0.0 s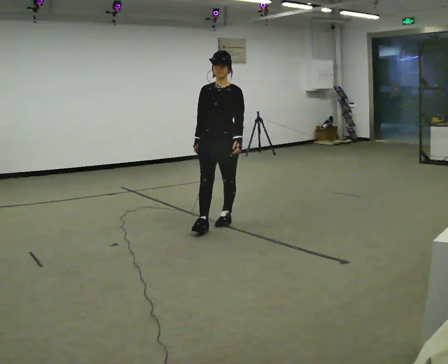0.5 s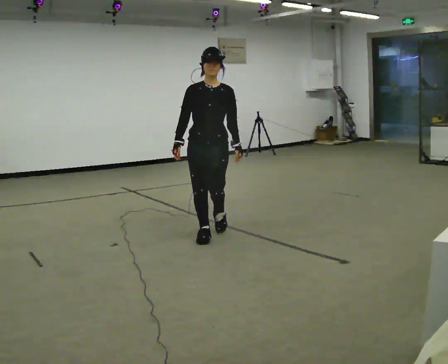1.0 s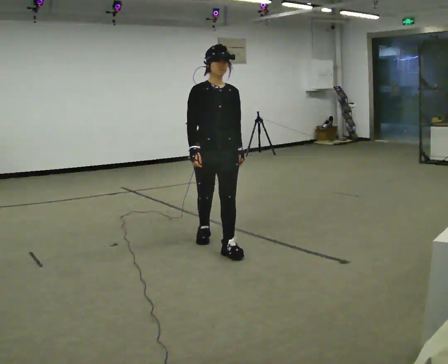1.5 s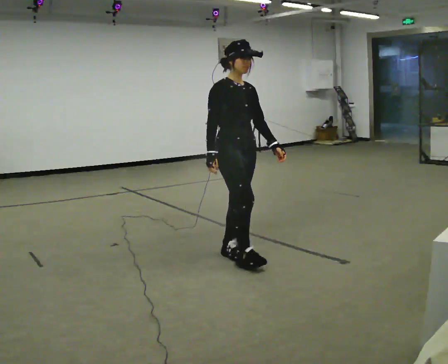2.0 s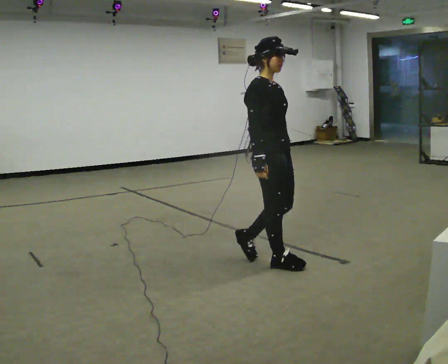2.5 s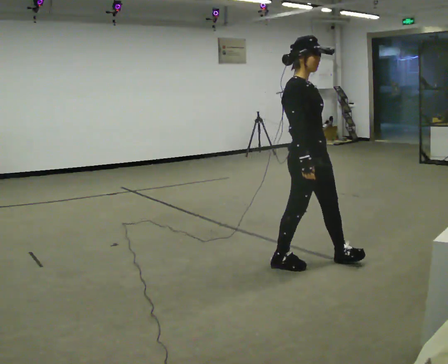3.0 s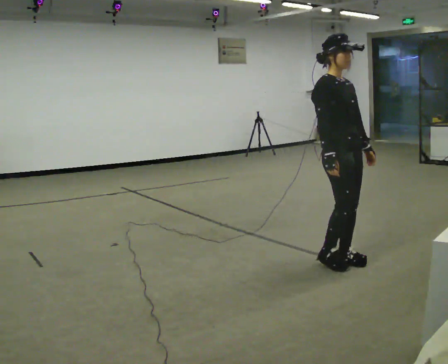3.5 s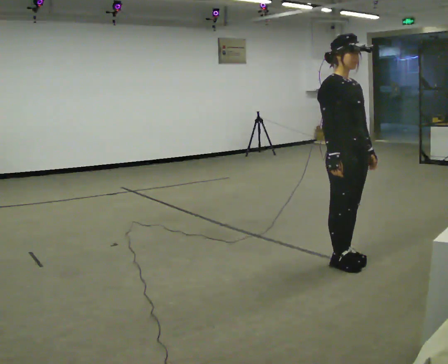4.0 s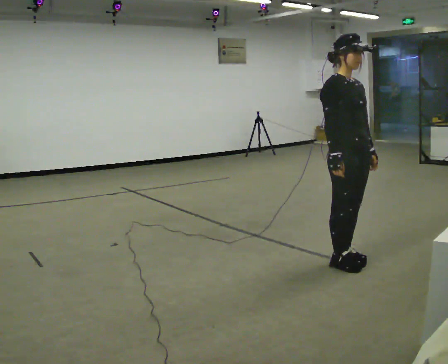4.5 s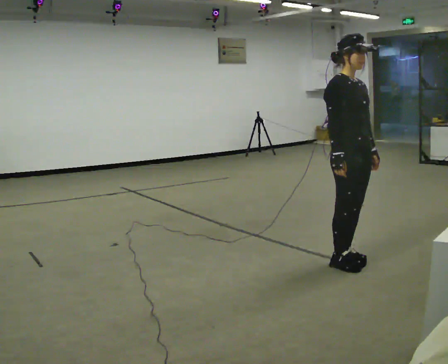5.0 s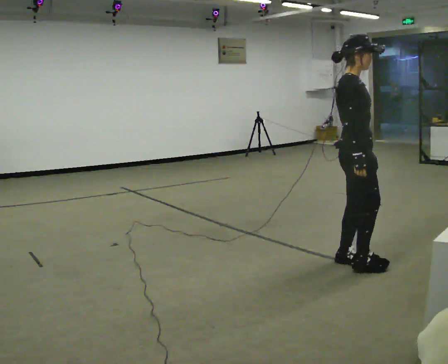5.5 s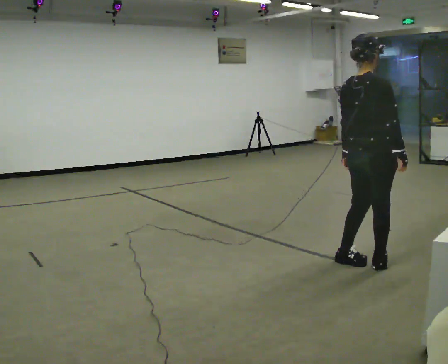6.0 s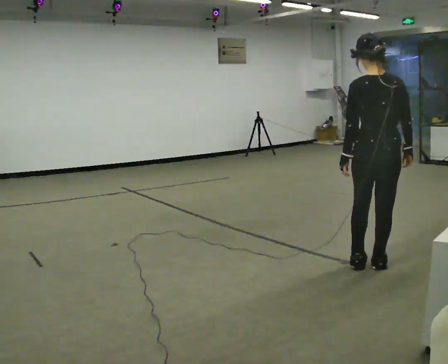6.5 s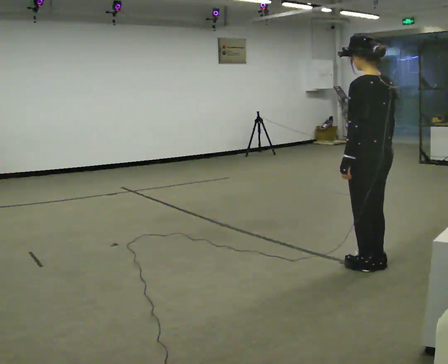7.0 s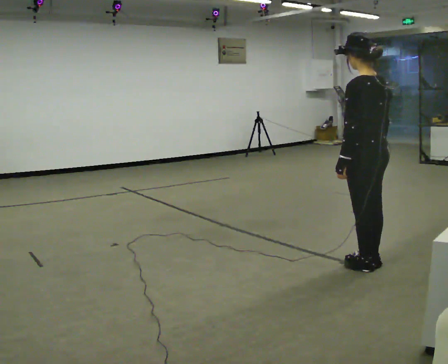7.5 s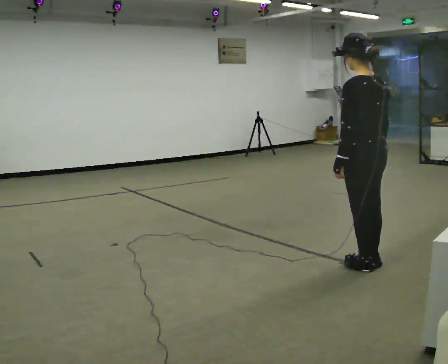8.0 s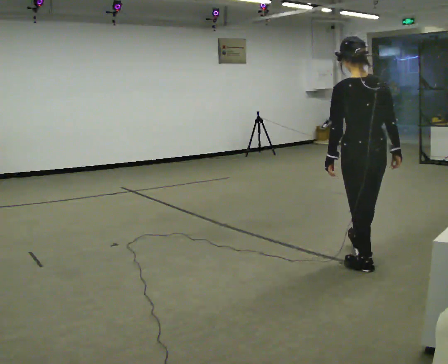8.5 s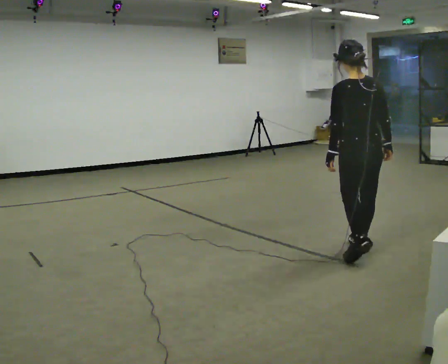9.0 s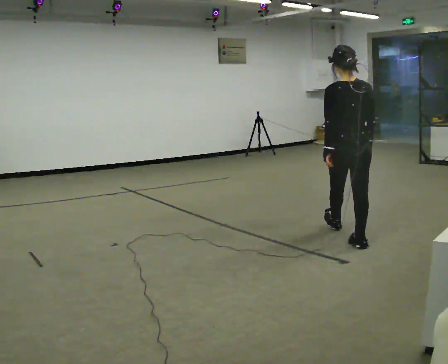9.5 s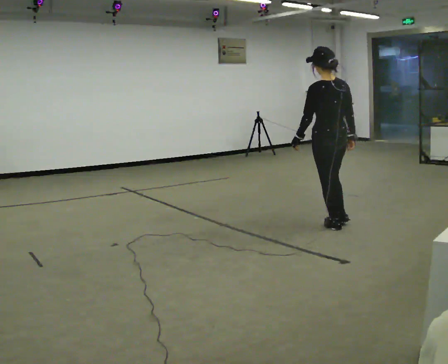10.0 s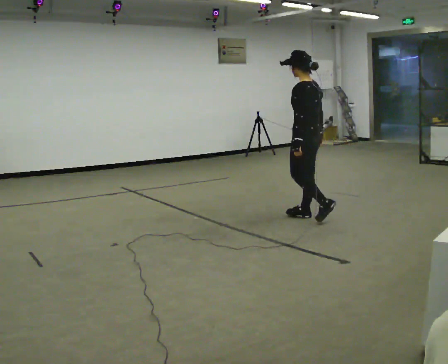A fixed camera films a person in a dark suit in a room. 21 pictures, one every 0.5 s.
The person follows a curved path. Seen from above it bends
counterclockwise.
0.0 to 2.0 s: The part of the body nearest the lens slides to the right as the person turns to their left by about 75 degrees. In the picture they go toward the camera and to the right, about 1 m in 3 steps.
2.0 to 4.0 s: In the picture they go to the right, about 0.5 m in 2 steps, which for them is forward and to their left.
4.0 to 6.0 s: The part of the body nearest the lens slides to the right as the person turns to their left by about 135 degrees. In the picture they go to the right, about 0.25 m in 1 step. In the picture their right hand goes to the right.
6.0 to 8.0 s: The person moves a little, or ends about where they began.
8.0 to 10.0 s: The part of the body nearest the lens slides to the right as the person turns to their left by about 45 degrees. In the picture they go away from the camera, about 1.5 m in 3 steps, which for them is forward.
The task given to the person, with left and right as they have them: Walk forward; gradually curve left/right; straighten out.
The film runs forward here.
